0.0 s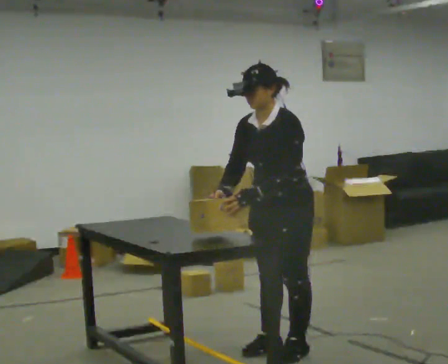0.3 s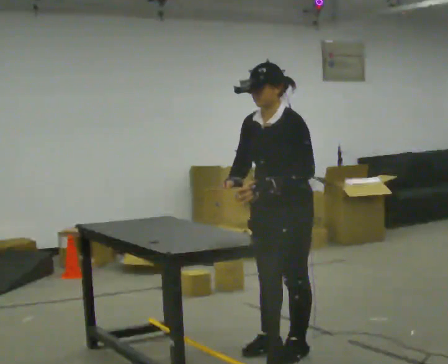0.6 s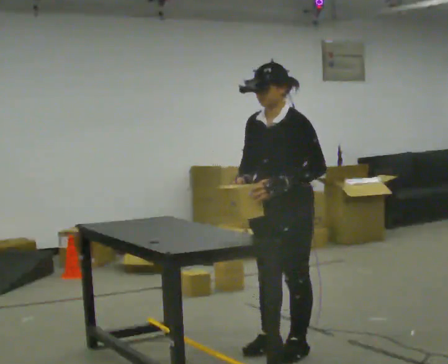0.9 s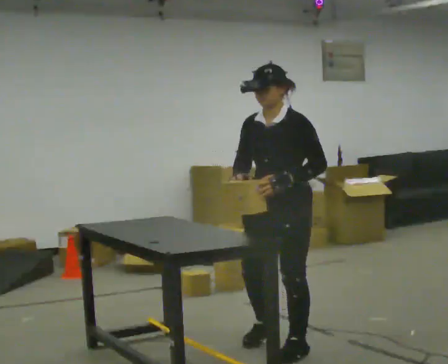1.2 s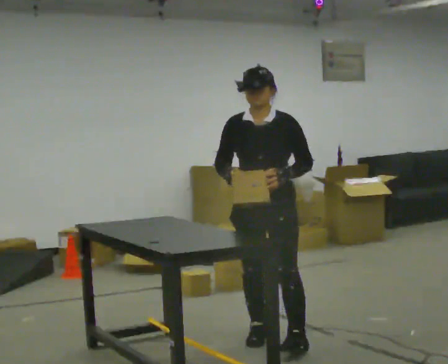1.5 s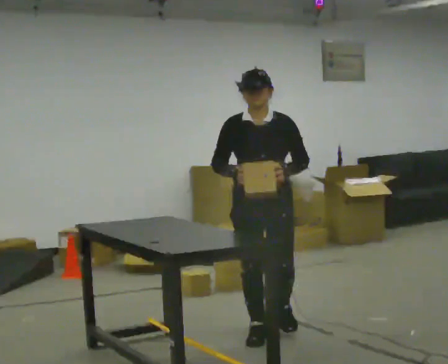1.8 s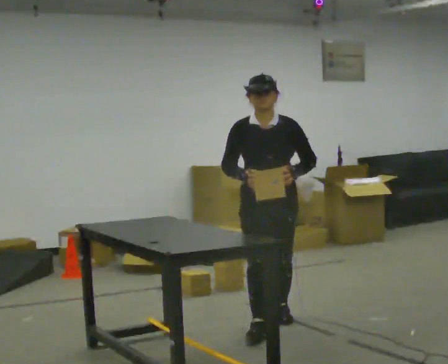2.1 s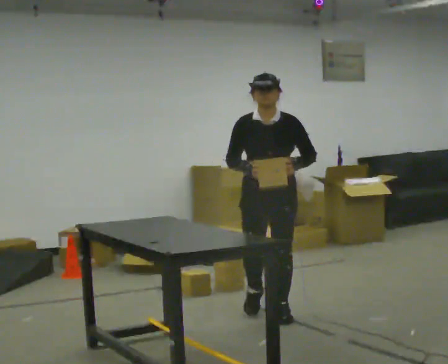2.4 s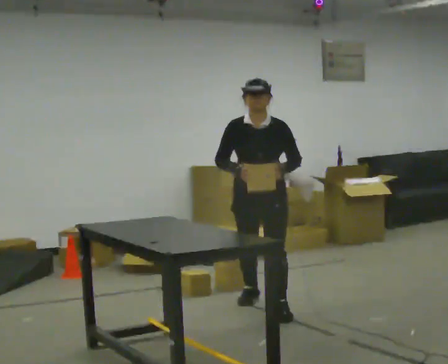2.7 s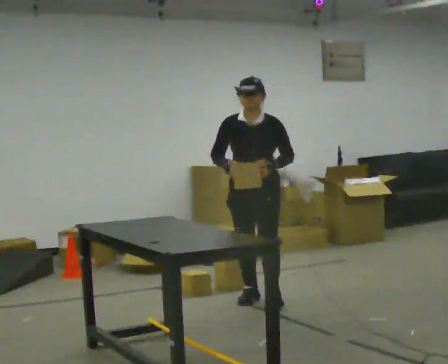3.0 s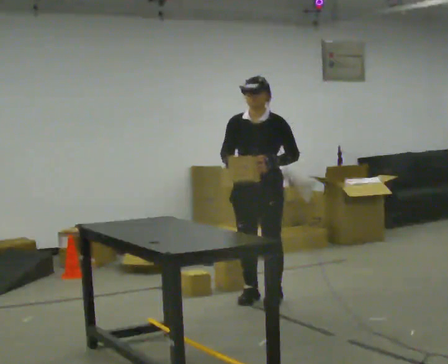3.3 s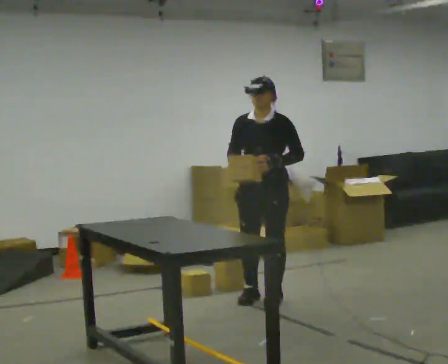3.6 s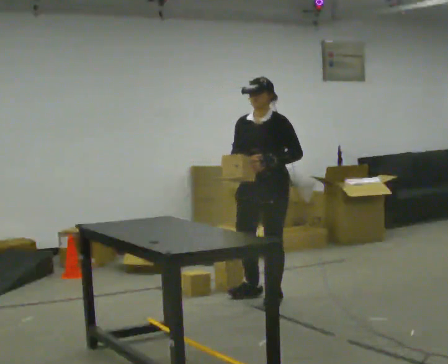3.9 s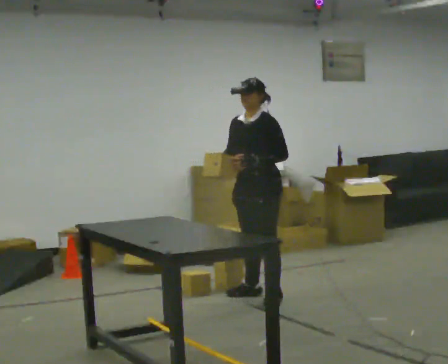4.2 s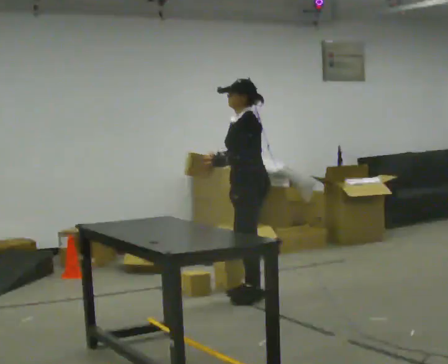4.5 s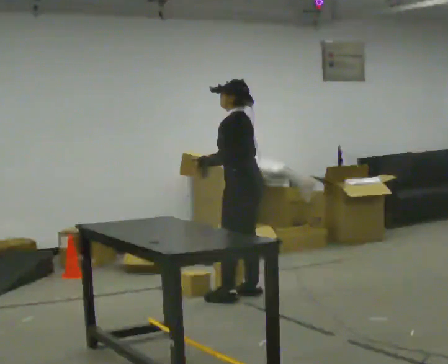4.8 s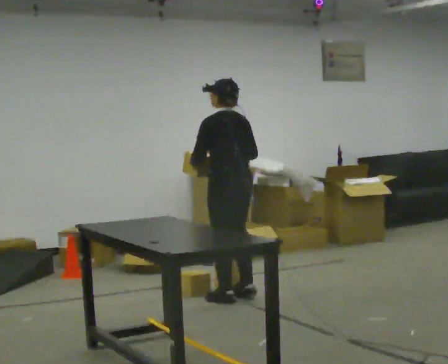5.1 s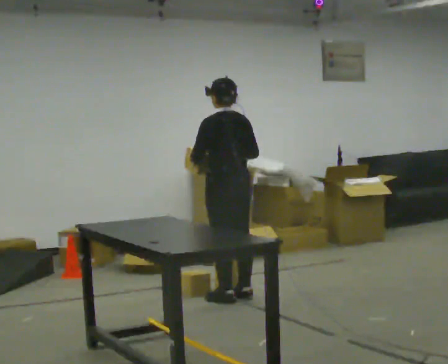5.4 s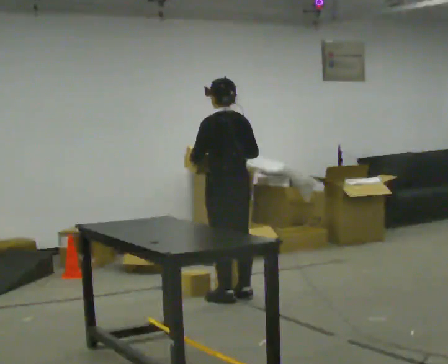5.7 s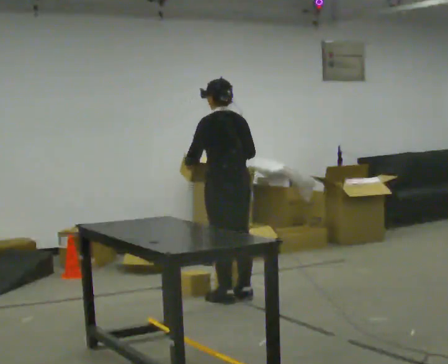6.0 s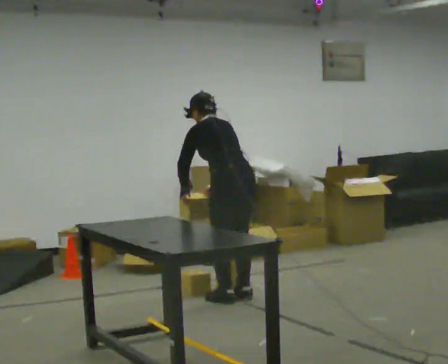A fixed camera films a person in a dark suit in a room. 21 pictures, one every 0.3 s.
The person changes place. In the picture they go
away from the camera.
0.0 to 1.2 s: Seen from above the body turns counterclockwise, about 30 degrees: to their left, with its near side sliding to the right. In the picture they go away from the camera, about 0.25 m in 2 steps, which for them is to their right.
1.2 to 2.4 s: In the picture they go away from the camera, about 1 m in 1 step, which for them is backward.
2.4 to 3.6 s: Seen from above the body turns clockwise, about 30 degrees: to their right, with its near side sliding to the left. In the picture they go away from the camera, about 0.25 m in 1 step, which for them is backward.
3.6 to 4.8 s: Seen from above the body turns clockwise, about 105 degrees: to their right, with its near side sliding to the left. In the picture they go to the left, about 0.25 m in 1 step.
4.8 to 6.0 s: The upper body tips away from the camera, its near side rolling upward, as they bend forward.
The film runs backward here.
